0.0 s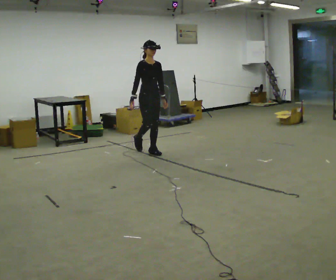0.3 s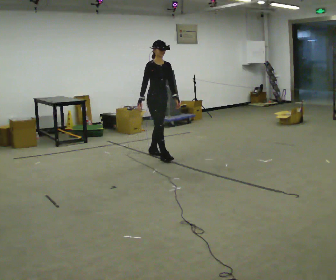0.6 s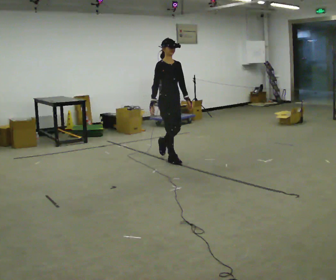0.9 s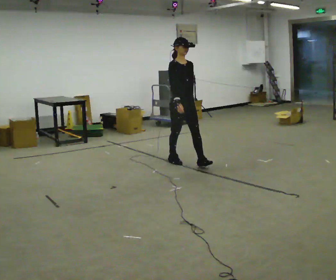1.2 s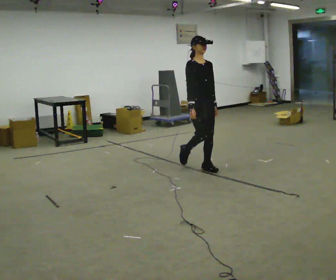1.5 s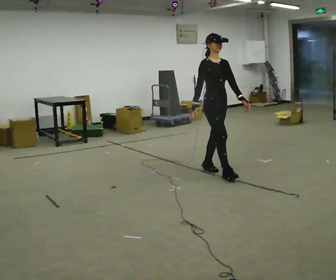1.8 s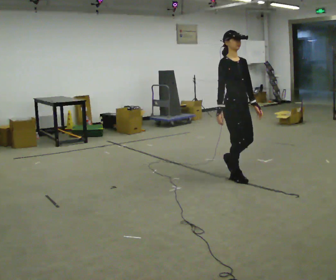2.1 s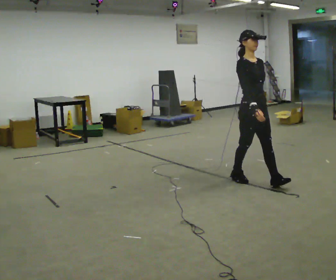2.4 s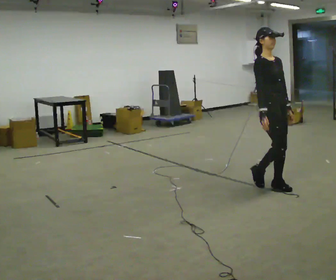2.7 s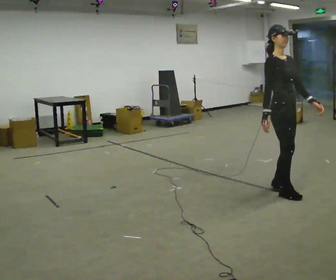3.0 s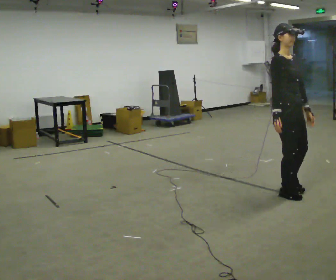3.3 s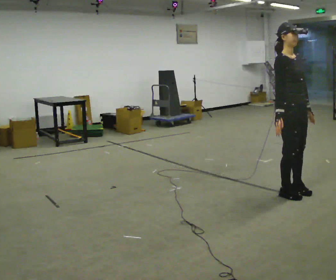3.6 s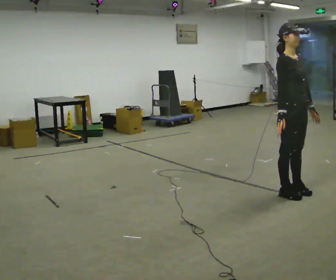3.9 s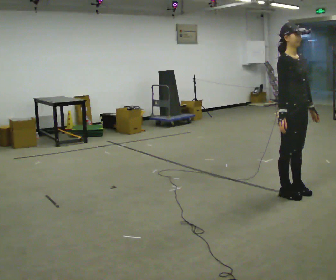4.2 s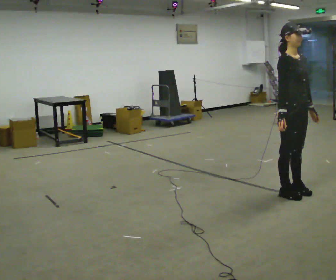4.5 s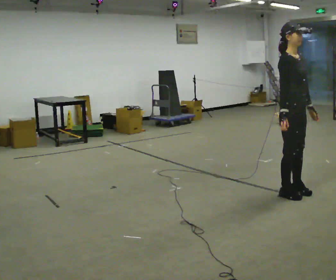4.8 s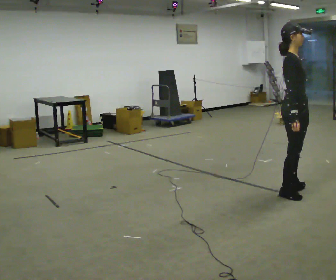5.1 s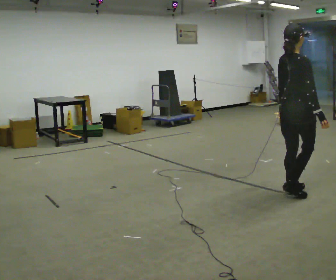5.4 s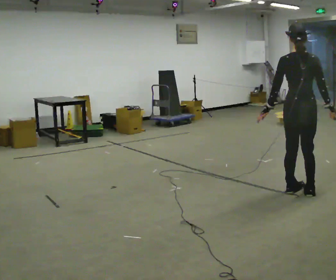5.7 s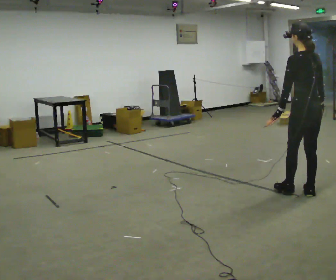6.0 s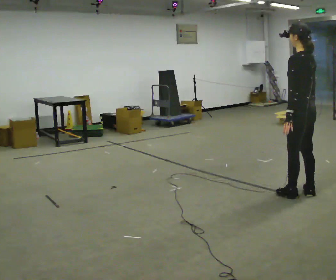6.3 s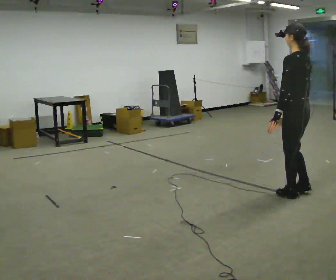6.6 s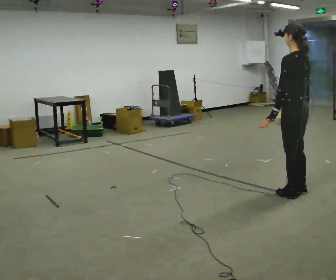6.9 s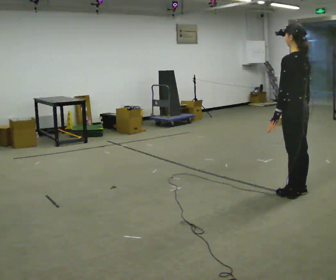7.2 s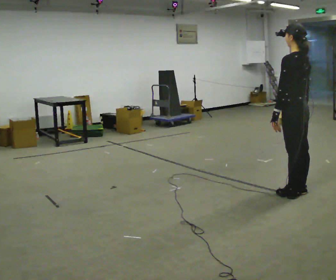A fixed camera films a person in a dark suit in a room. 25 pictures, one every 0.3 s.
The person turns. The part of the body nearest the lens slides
to the right.
The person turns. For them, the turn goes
to their left.
0.0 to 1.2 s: In the picture they go to the right and toward the camera, about 1 m in 2 steps, which for them is forward.
1.2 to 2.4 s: In the picture they go to the right and toward the camera, about 1 m in 2 steps, which for them is forward.
2.4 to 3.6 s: In the picture they go to the right and toward the camera, about 0.25 m in 2 steps, which for them is forward.
3.6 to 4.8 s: Seen from above the body turns counterclockwise, about 30 degrees: to their left, with its near side sliding to the right.
4.8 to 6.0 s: The person turns about 150 degrees to their left, counterclockwise seen from above, so the part of the body nearest the lens slides to the right.
6.0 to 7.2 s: The person moves a little, or ends about where they began.
The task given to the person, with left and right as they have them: Start still; gradually go slow → normal → fast; briefly maintain fast speed; stop.
The film runs forward here.
